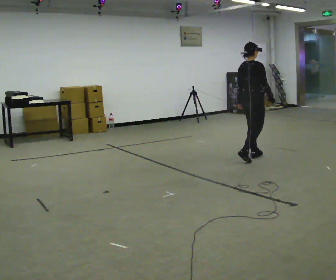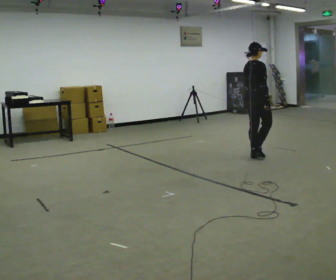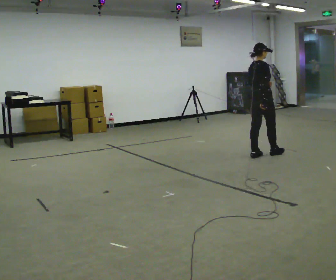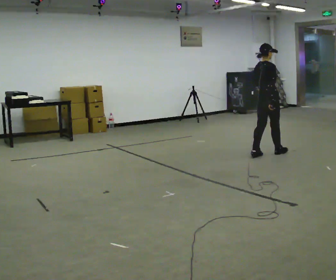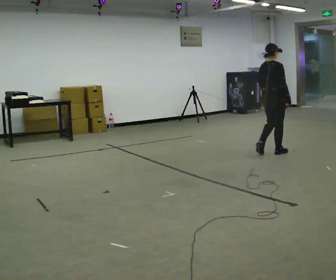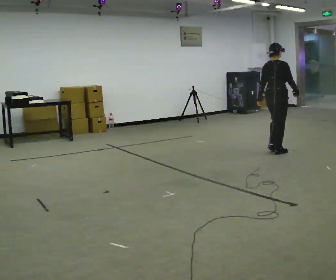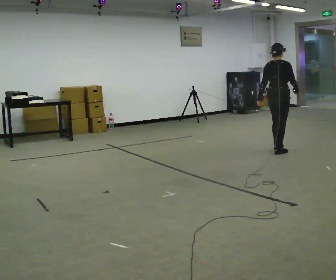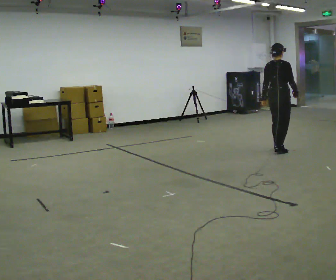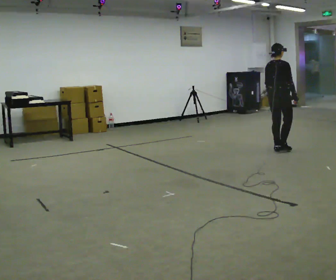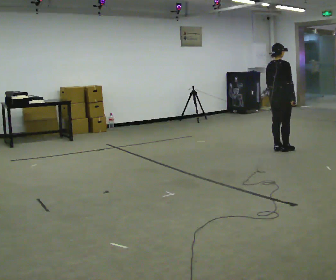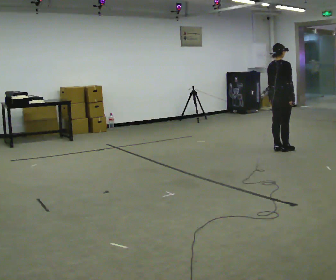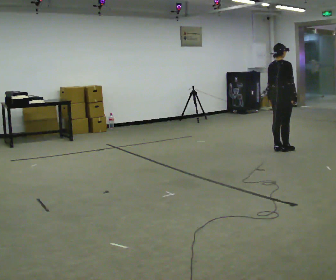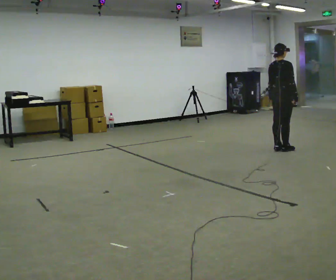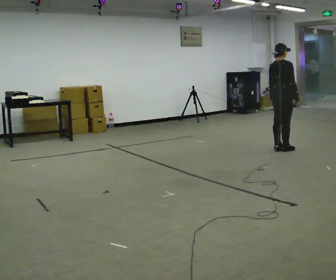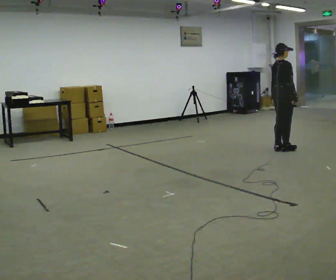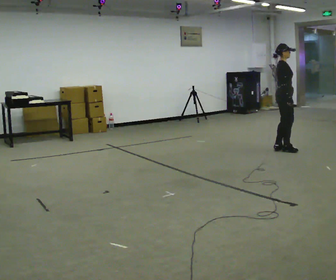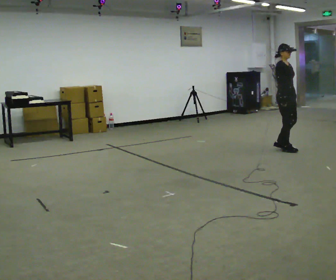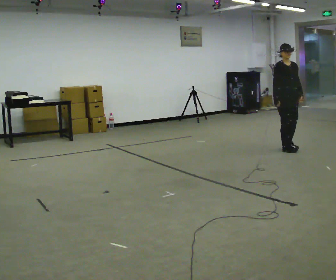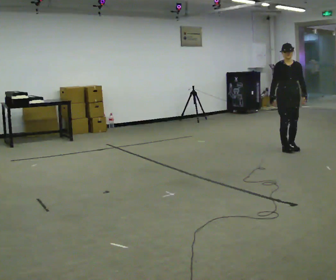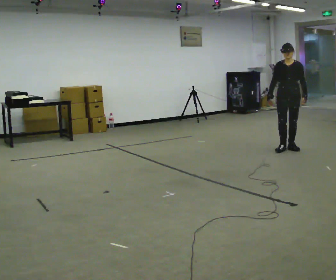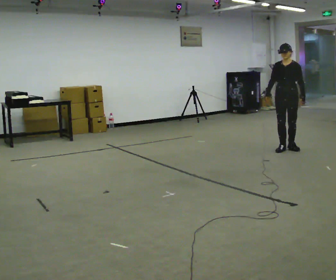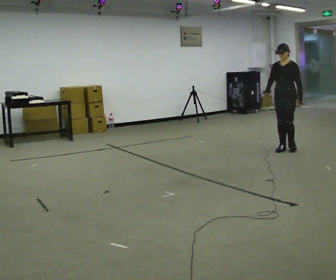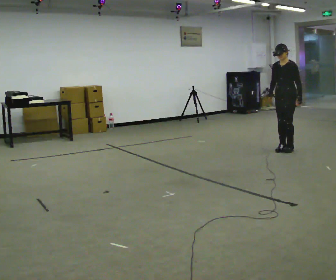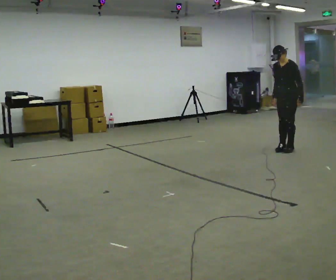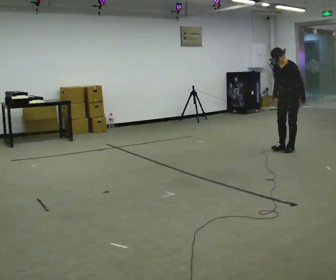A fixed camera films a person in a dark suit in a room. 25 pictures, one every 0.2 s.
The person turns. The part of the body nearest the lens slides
to the left.
The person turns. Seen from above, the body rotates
clockwise.
0.0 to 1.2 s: In the picture they go away from the camera and to the right, about 0.5 m in 2 steps, which for them is forward.
1.2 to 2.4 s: The person moves a little, or ends about where they began.
2.4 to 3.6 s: The person turns about 120 degrees to their right, clockwise seen from above, so the part of the body nearest the lens slides to the left. In the picture their right hand goes to the left, the arm swinging clockwise.
3.6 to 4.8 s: The person turns about 60 degrees to their right, clockwise seen from above, so the part of the body nearest the lens slides to the left. In the picture the upper body tilts counterclockwise, shoulders to the left.
The film runs forward here.
